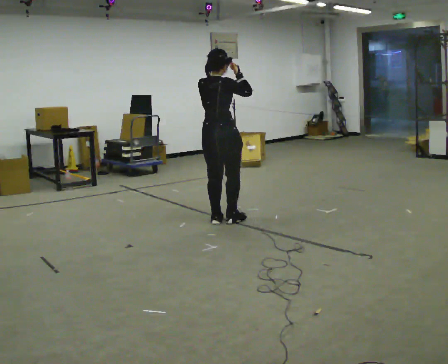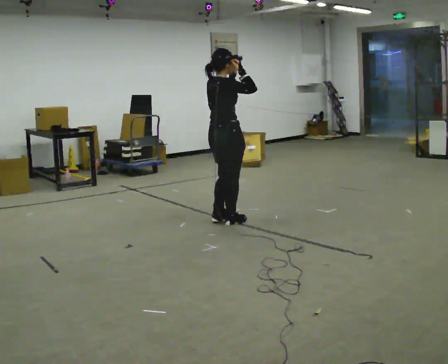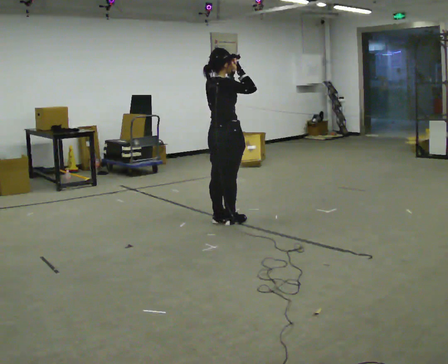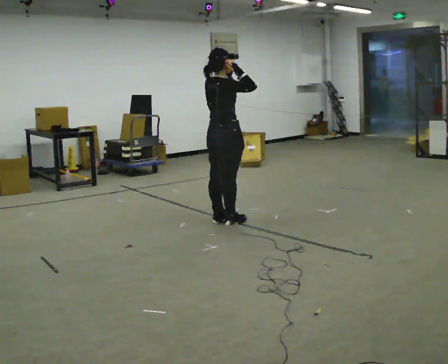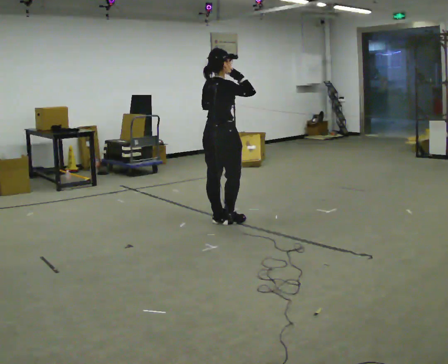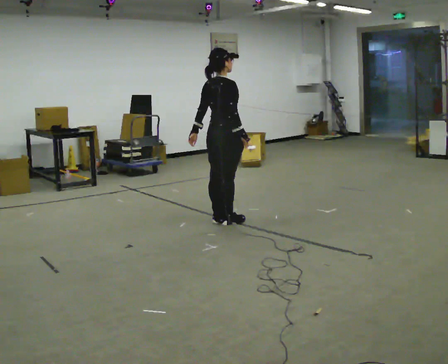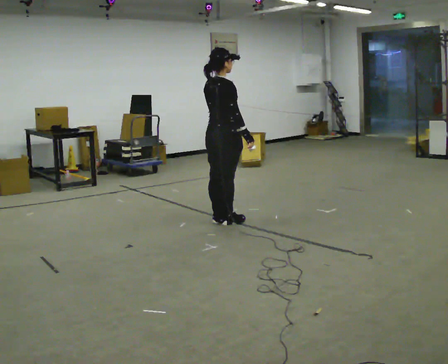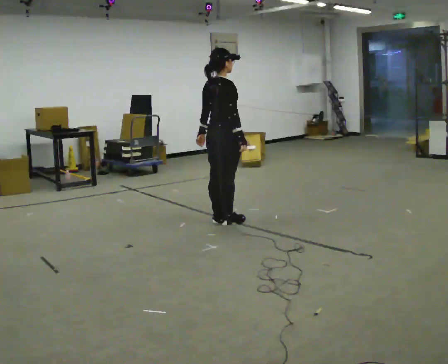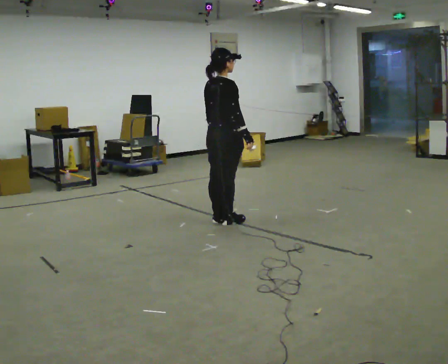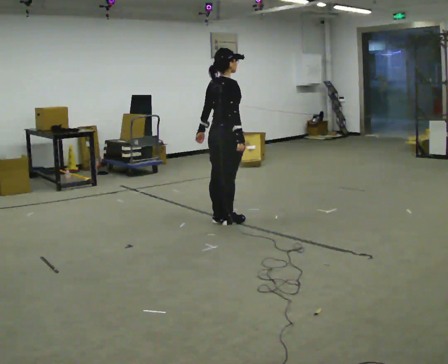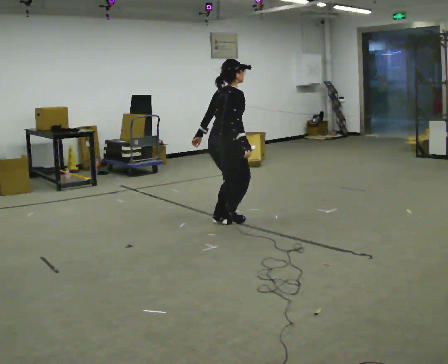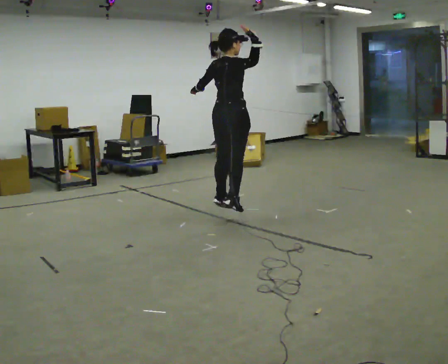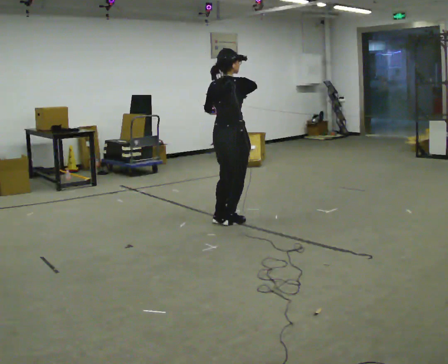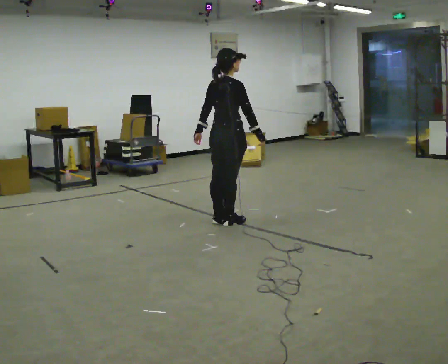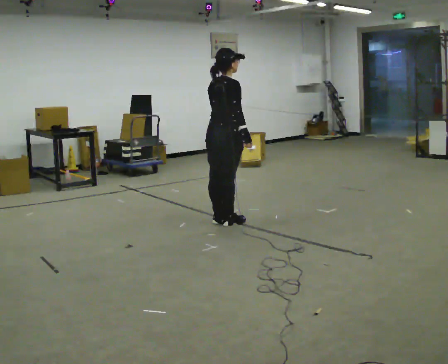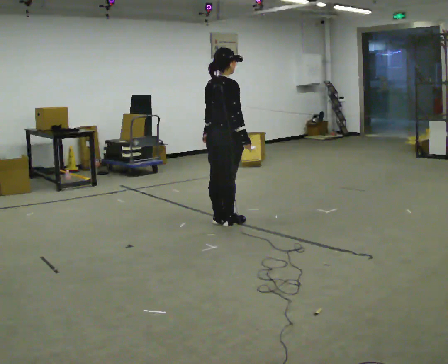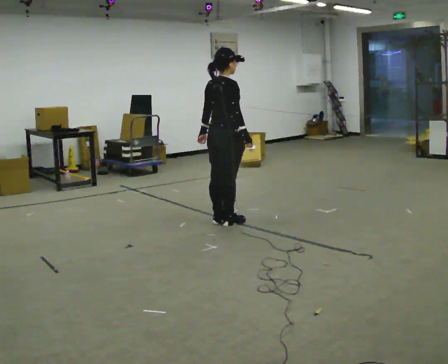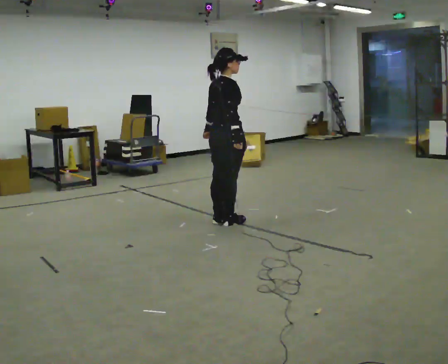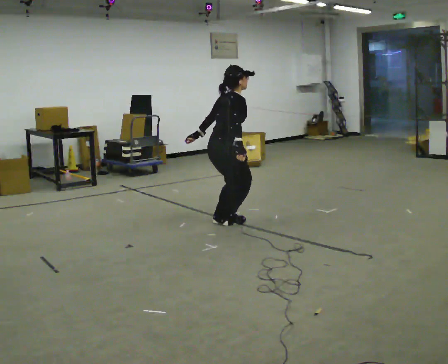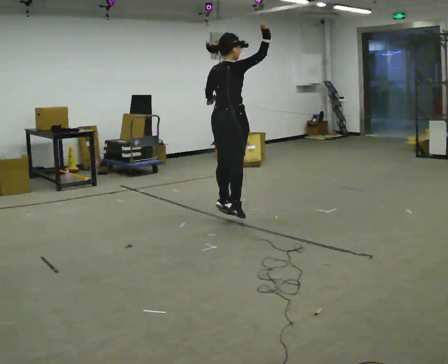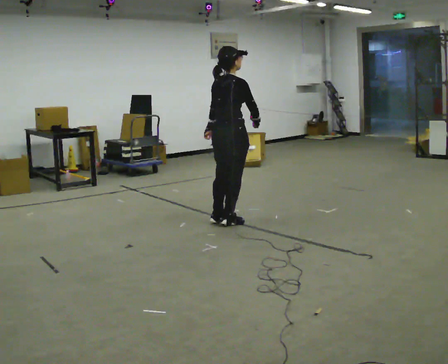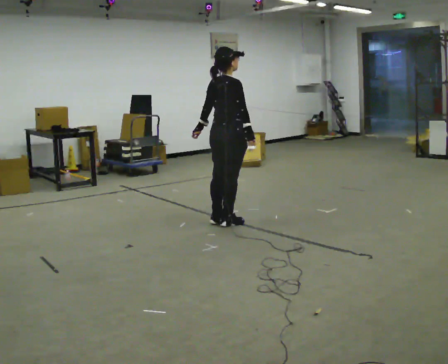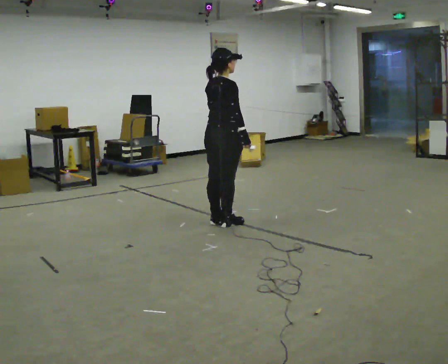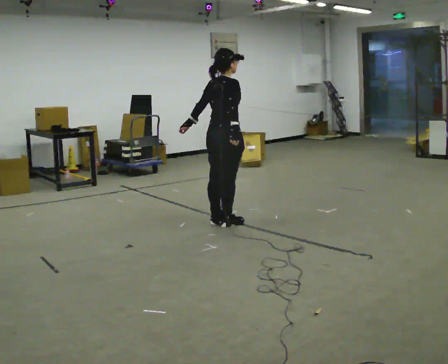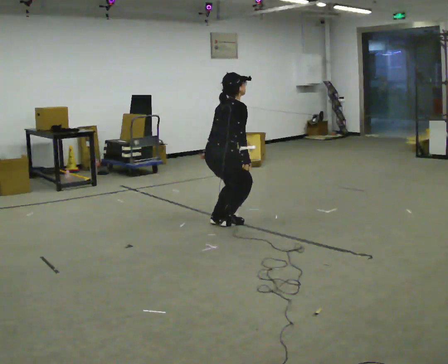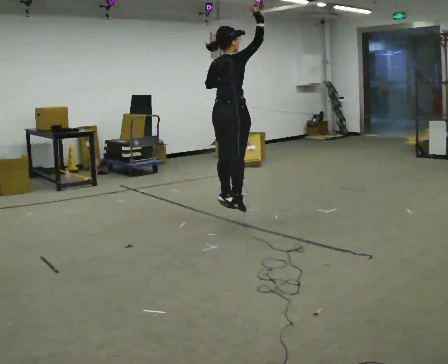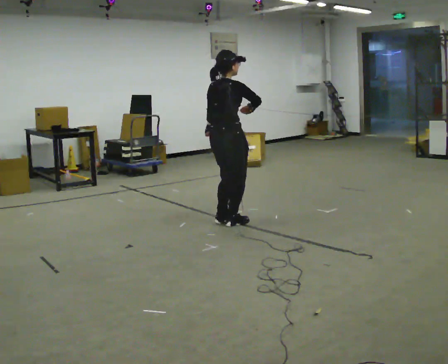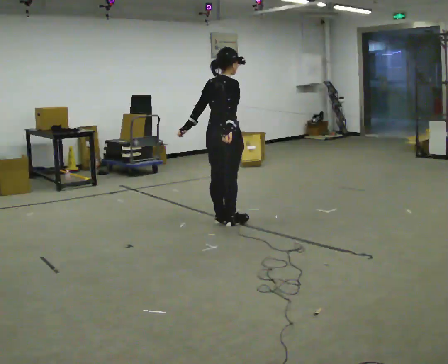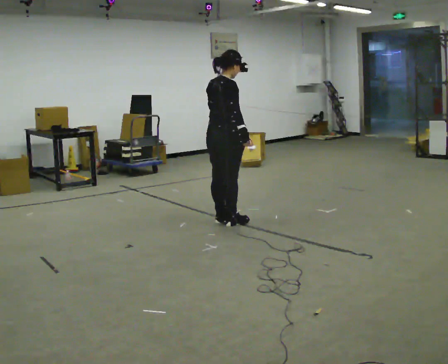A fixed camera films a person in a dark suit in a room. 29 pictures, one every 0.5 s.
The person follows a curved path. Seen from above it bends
clockwise.
0.0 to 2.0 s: The person moves a little, or ends about where they began.
2.0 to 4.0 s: In the picture their right hand goes downward.
4.0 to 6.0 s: In the picture their right hand goes upward.
6.0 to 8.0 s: In the picture their right hand goes downward.
8.0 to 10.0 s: The person moves a little, or ends about where they began.
10.0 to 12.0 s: The upper body goes downward.
12.0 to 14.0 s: The person moves a little, or ends about where they began.
The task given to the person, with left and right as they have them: Mime a volleyball spike with no ball: approach in place, jump and strike downward. Repeat the movement at your own pace until the operator says stop; do not rush.
The film runs forward here.
